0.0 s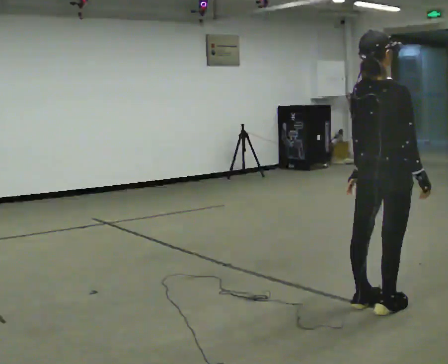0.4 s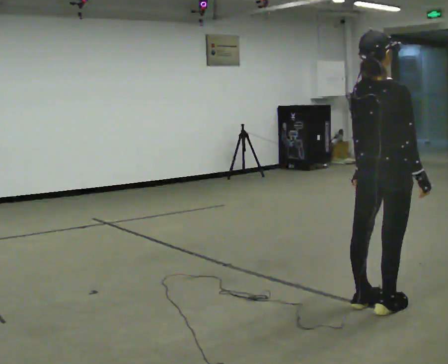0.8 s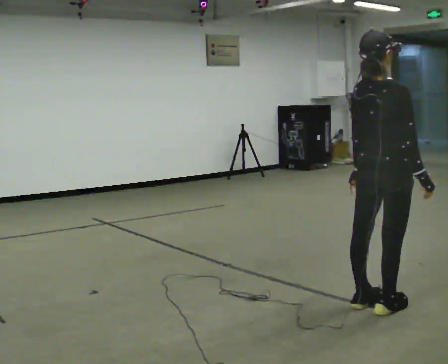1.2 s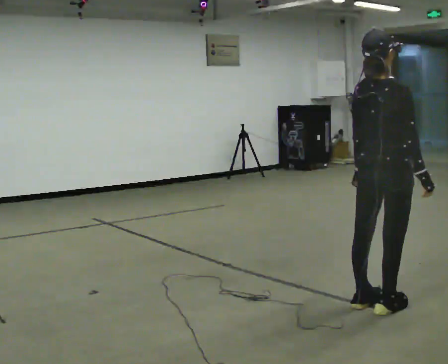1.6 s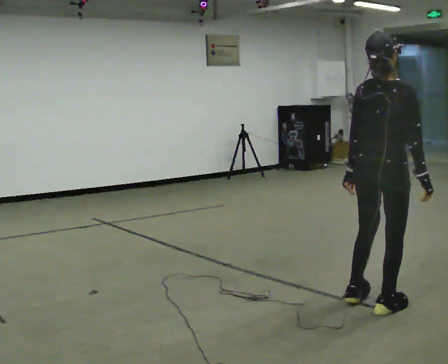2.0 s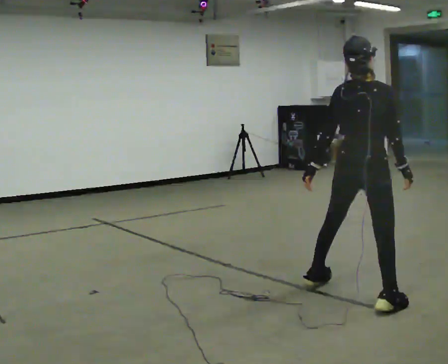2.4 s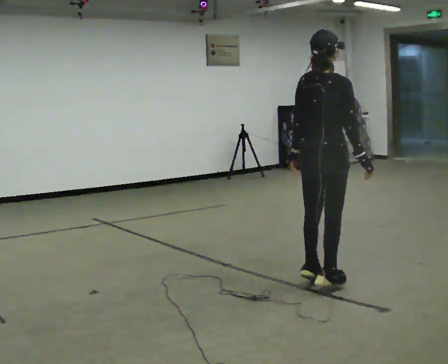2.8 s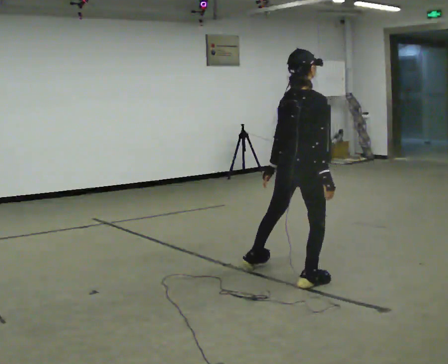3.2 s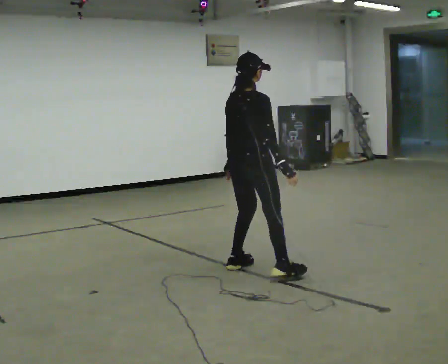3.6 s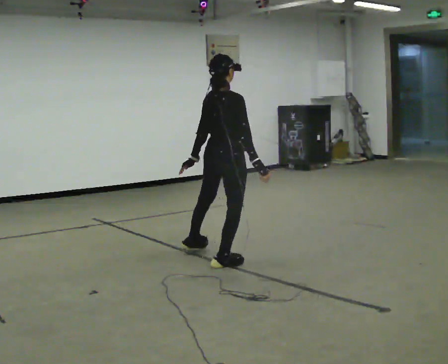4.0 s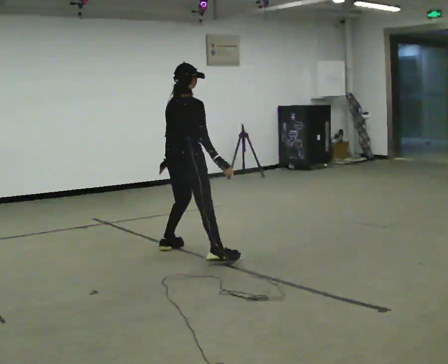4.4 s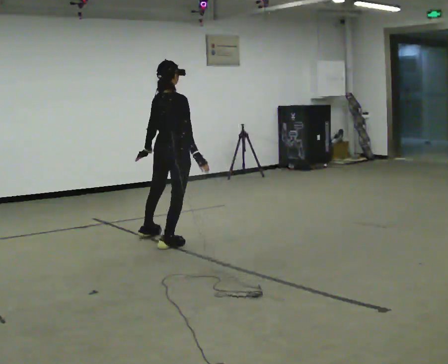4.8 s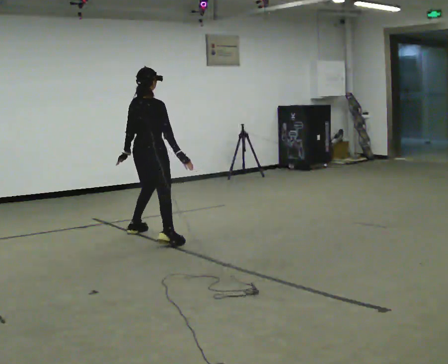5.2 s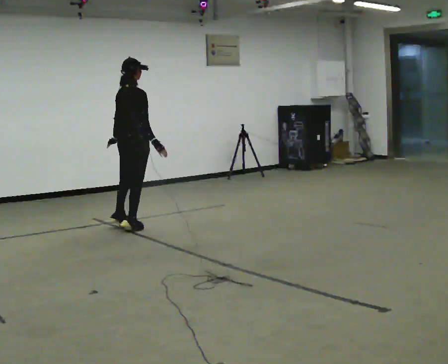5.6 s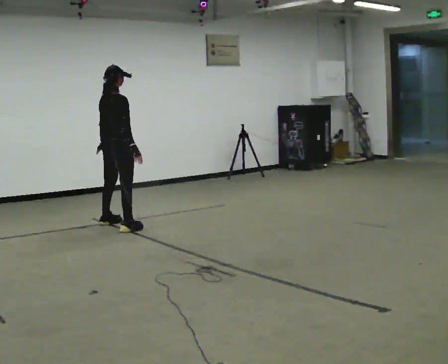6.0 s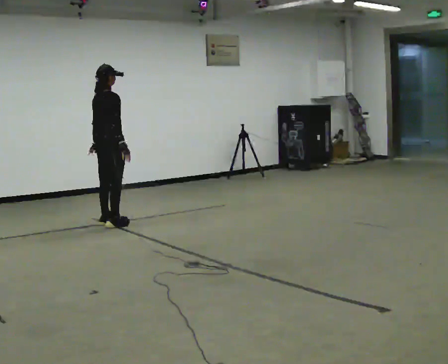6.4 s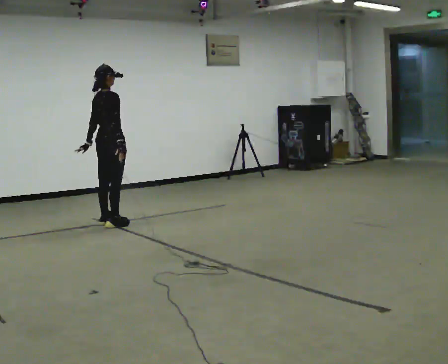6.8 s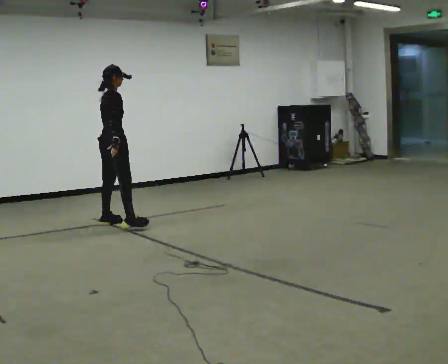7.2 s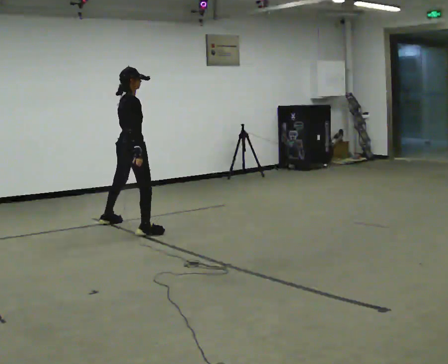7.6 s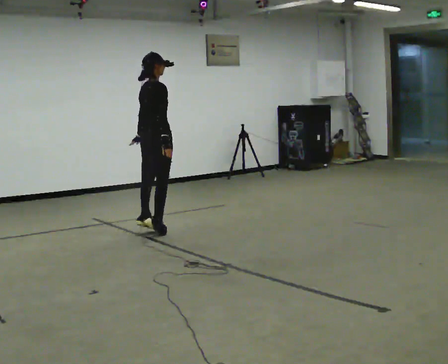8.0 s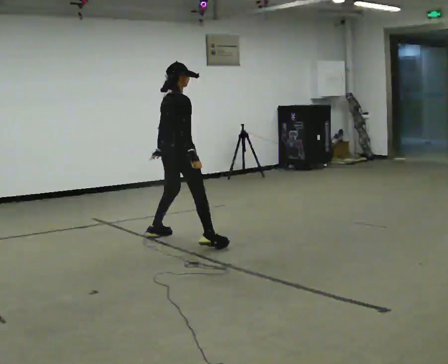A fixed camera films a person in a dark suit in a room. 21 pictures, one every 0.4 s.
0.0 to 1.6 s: The person moves a little, or ends about where they began.
1.6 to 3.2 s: In the picture they go away from the camera and to the left, about 1 m in 3 steps, which for them is to their left.
3.2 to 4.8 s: In the picture they go away from the camera and to the left, about 1.5 m in 4 steps, which for them is to their left.
4.8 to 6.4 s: In the picture they go away from the camera and to the left, about 0.75 m in 3 steps, which for them is to their left.
6.4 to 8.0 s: In the picture they go toward the camera and to the right, about 1 m in 2 steps, which for them is to their right and forward.
The film runs forward here.
